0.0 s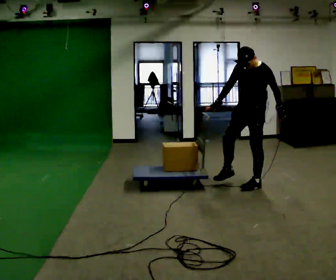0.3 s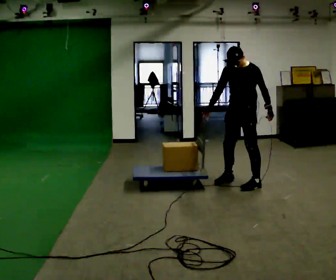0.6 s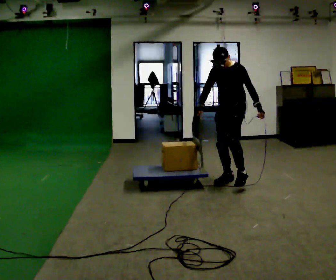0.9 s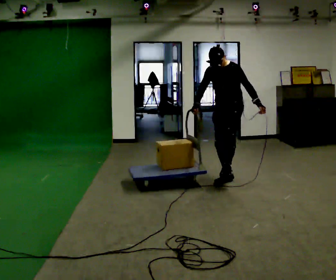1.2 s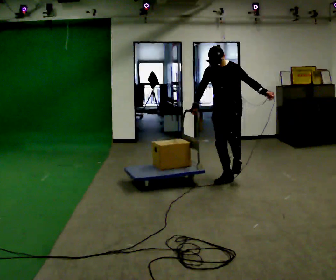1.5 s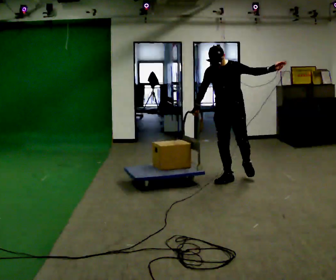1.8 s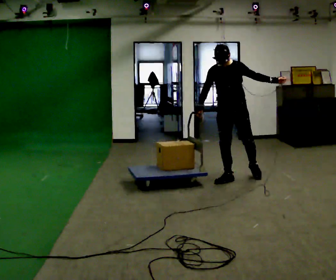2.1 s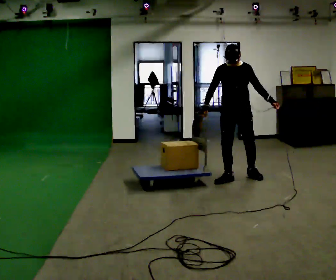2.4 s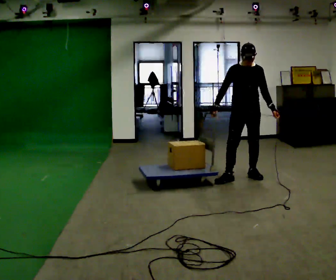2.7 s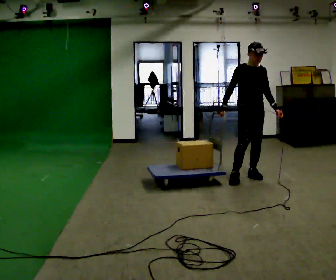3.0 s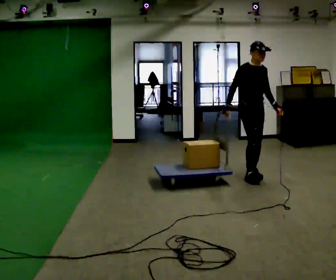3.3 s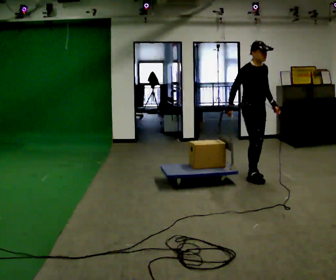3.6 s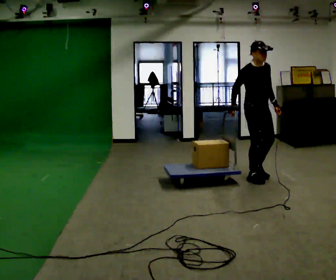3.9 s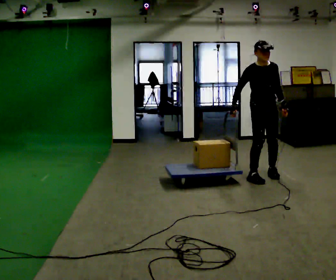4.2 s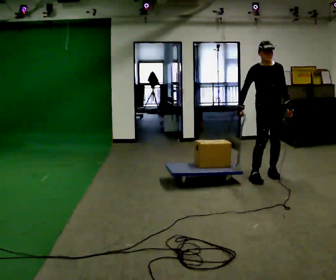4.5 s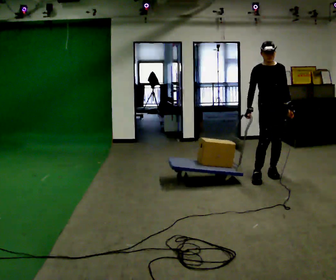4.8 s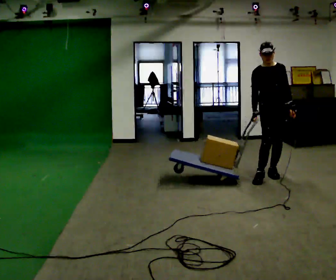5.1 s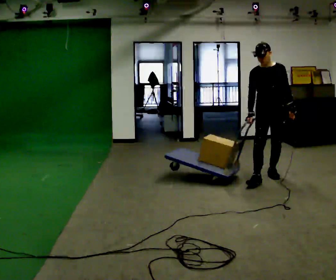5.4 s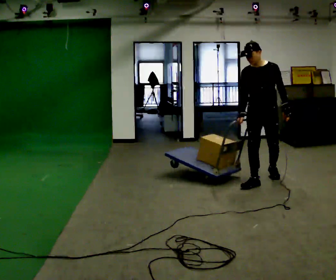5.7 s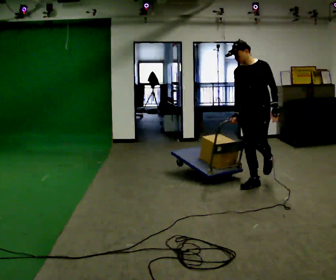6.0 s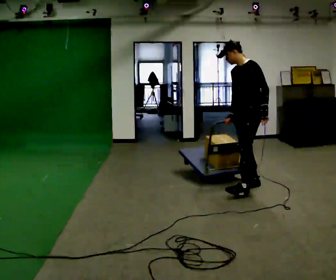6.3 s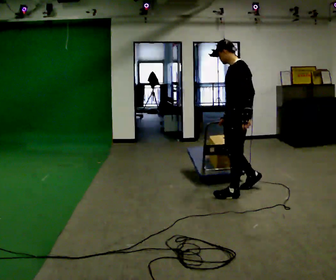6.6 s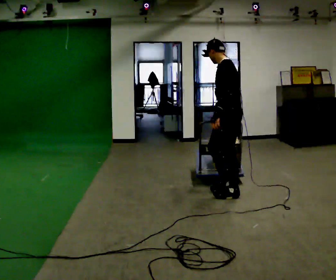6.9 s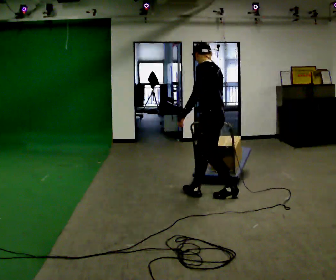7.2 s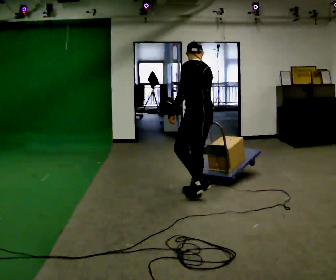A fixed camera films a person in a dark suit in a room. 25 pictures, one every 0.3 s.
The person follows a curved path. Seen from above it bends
clockwise.
0.0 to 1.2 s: In the picture they go to the left and away from the camera, about 0.25 m in 1 step, which for them is to their right.
1.2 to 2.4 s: Seen from above the body turns counterclockwise, about 45 degrees: to their left, with its near side sliding to the right. In the picture they go to the right, about 0.25 m in 1 step, which for them is to their left and backward.
2.4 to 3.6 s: Seen from above the body turns counterclockwise, about 30 degrees: to their left, with its near side sliding to the right.
3.6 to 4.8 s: The part of the body nearest the lens slides to the left as the person turns to their right by about 30 degrees. In the picture they go to the right, about 0.25 m in 1 step, which for them is to their left.
4.8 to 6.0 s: The person turns about 75 degrees to their right, clockwise seen from above, so the part of the body nearest the lens slides to the left. In the picture they go toward the camera and to the left, about 0.5 m in 1 step.
6.0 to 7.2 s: The part of the body nearest the lens slides to the left as the person turns to their right by about 60 degrees. In the picture they go to the left and toward the camera, about 0.5 m in 2 steps.
The film runs forward here.
